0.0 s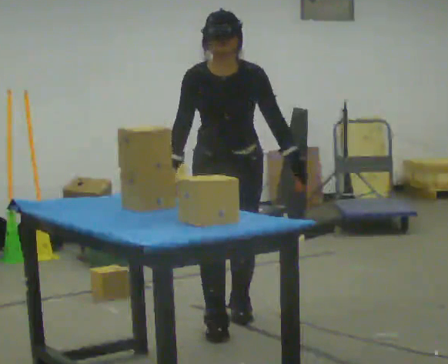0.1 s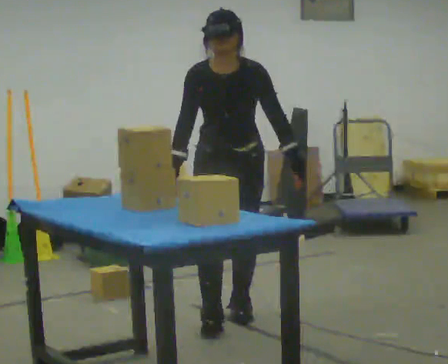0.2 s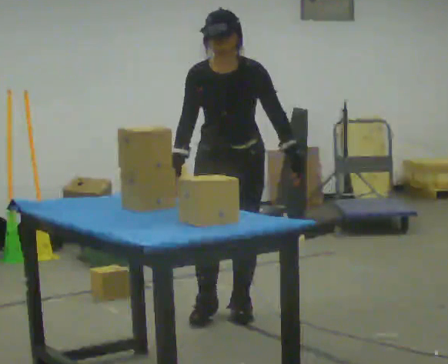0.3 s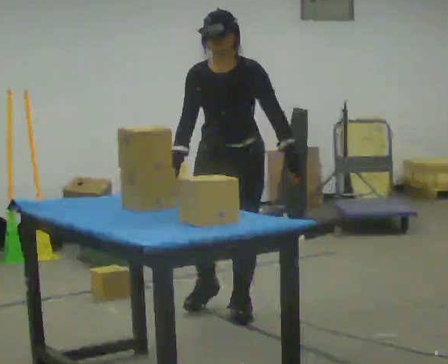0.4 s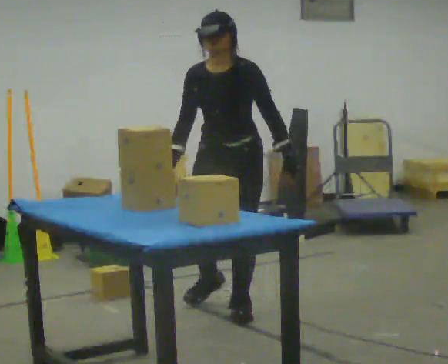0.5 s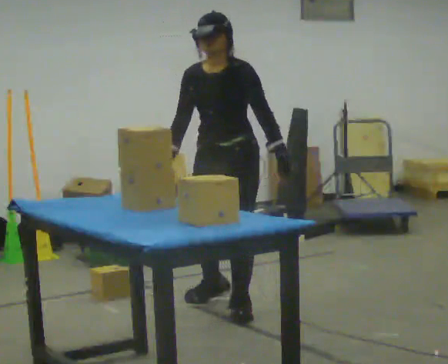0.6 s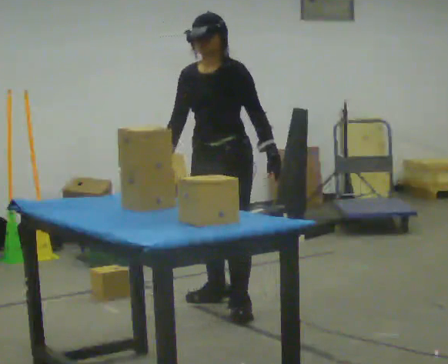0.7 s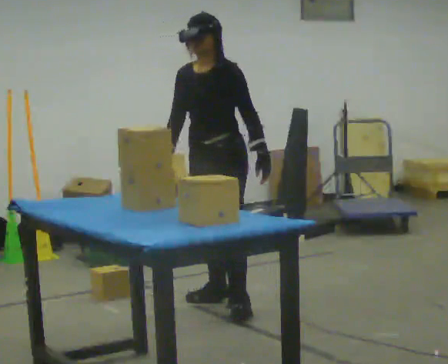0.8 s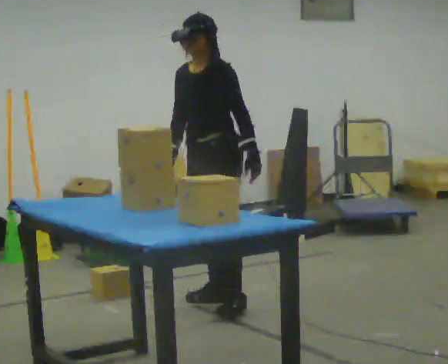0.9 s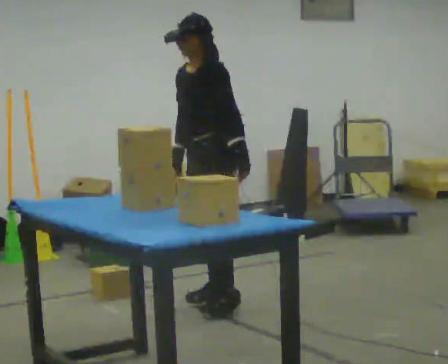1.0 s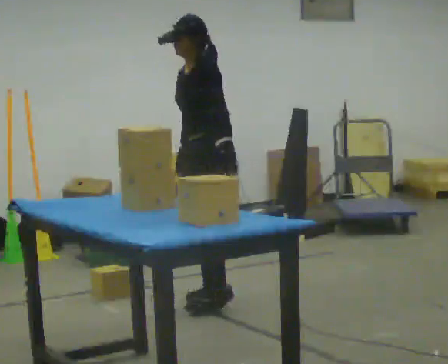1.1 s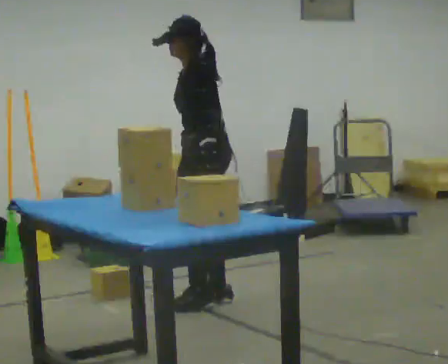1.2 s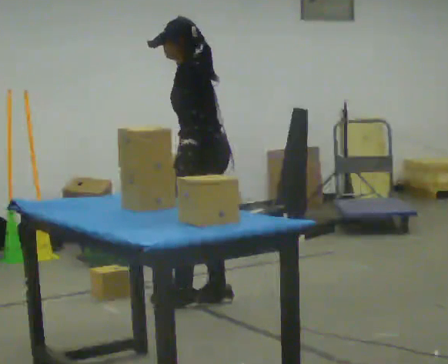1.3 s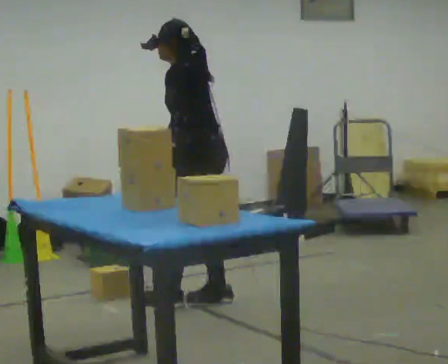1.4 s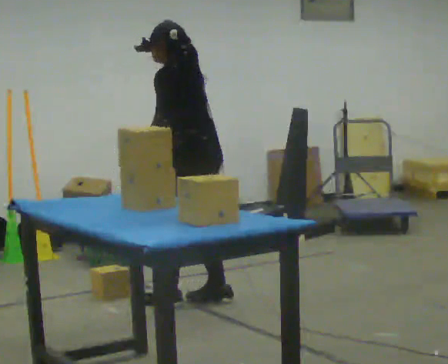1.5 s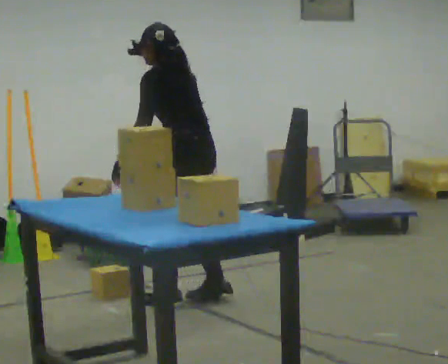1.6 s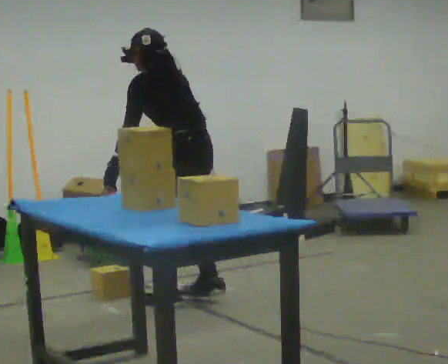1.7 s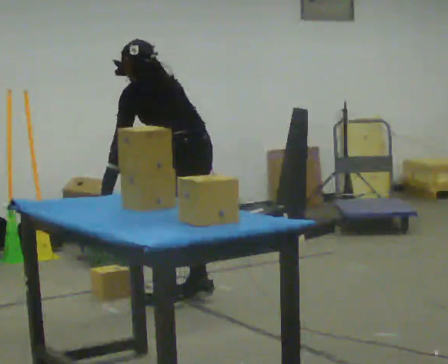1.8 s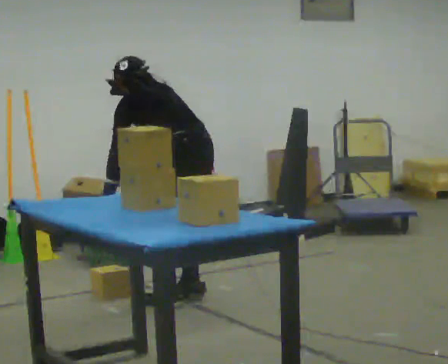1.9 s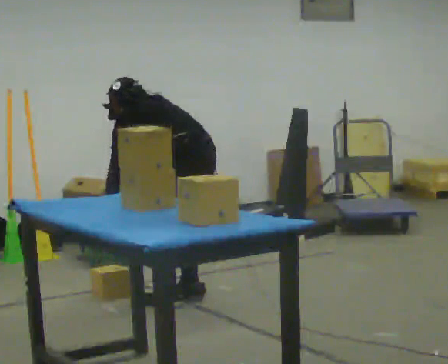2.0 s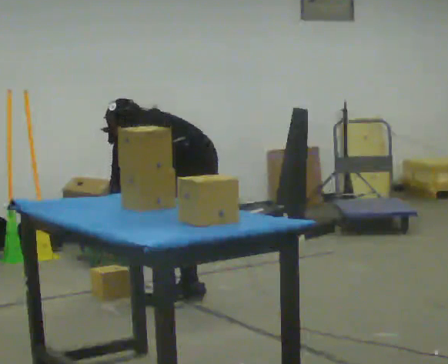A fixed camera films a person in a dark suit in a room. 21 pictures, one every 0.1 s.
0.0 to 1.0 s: The part of the body nearest the lens slides to the left as the person turns to their right by about 75 degrees. In the picture they go away from the camera, about 0.5 m in 2 steps.
1.0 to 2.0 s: The part of the body nearest the lens slides to the left as the person turns to their right by about 60 degrees. The upper body goes downward. The upper body tips away from the camera, its near side rolling upward, as they bend forward. In the picture their left hand goes to the left and downward.
The film runs backward here.
